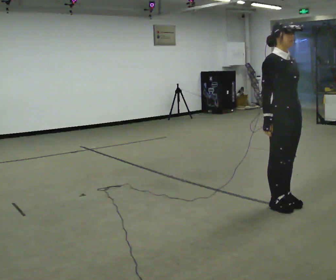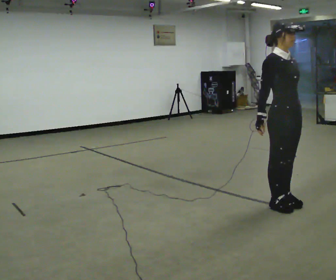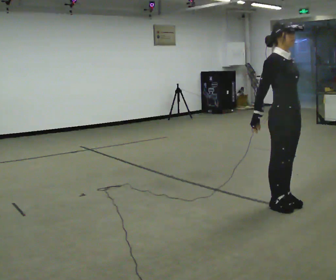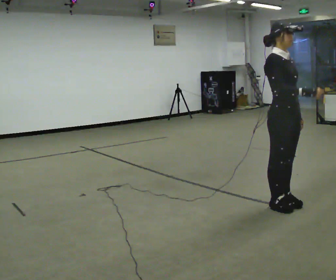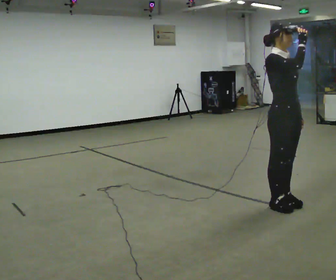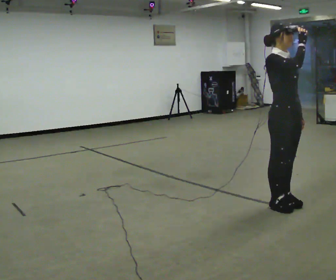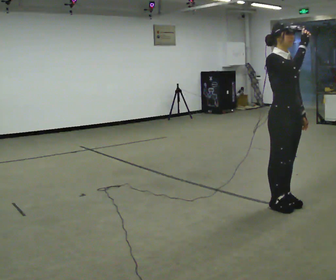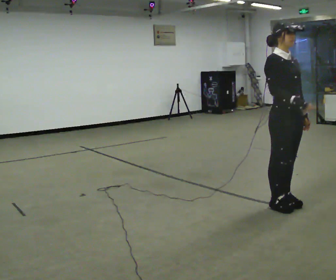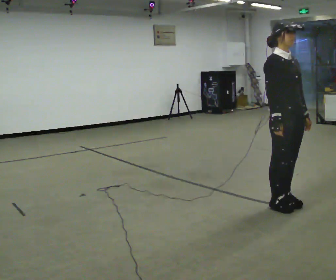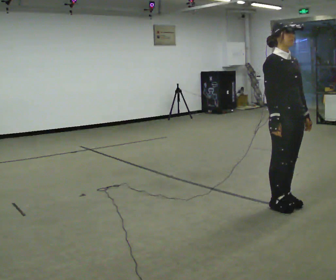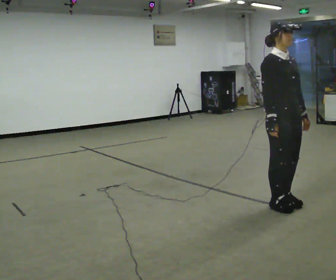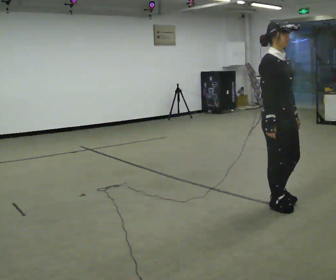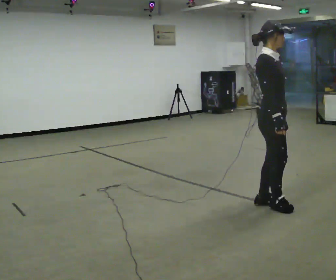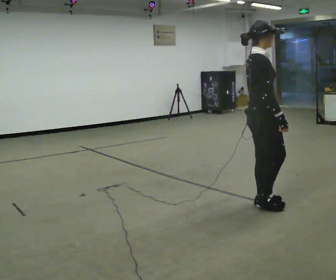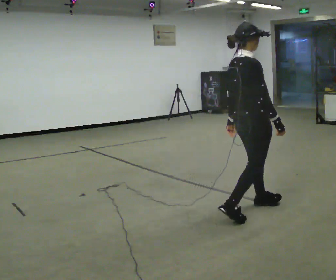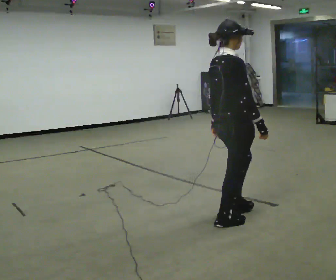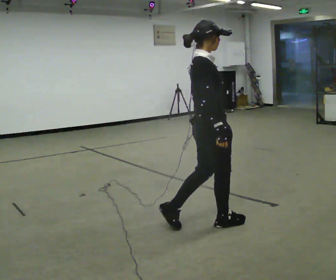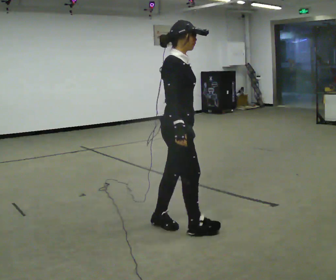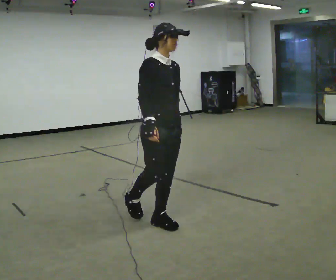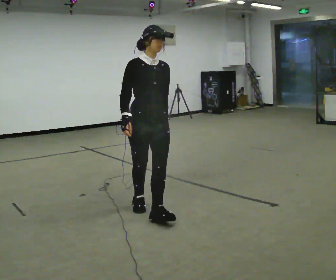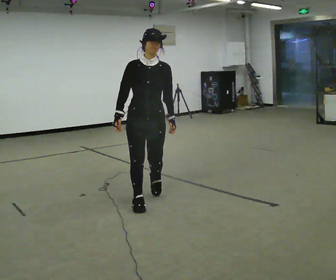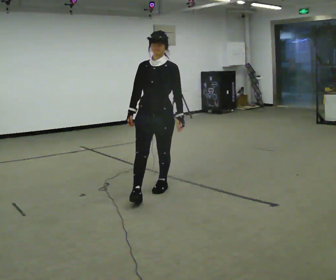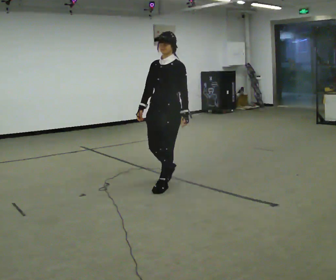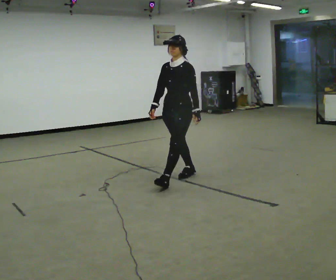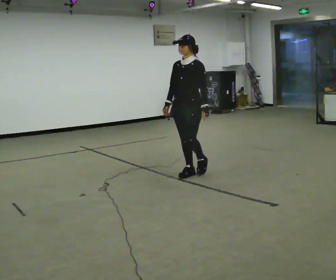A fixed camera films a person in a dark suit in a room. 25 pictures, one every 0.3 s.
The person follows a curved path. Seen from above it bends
clockwise.
0.0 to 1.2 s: In the picture their right hand goes upward.
1.2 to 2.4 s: In the picture their right hand goes downward.
2.4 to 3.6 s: The person moves a little, or ends about where they began.
3.6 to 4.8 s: The part of the body nearest the lens slides to the right as the person turns to their left by about 45 degrees. In the picture they go to the left and toward the camera, about 0.5 m in 2 steps, which for them is backward.
4.8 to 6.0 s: The person turns about 90 degrees to their right, clockwise seen from above, so the part of the body nearest the lens slides to the left. In the picture they go to the left and away from the camera, about 0.5 m in 2 steps.
6.0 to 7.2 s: The person turns about 45 degrees to their right, clockwise seen from above, so the part of the body nearest the lens slides to the left. In the picture they go away from the camera, about 1 m in 2 steps, which for them is backward.
The film runs backward here.
